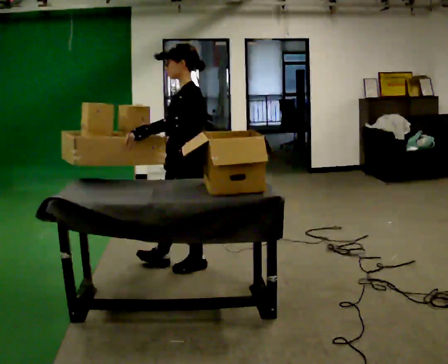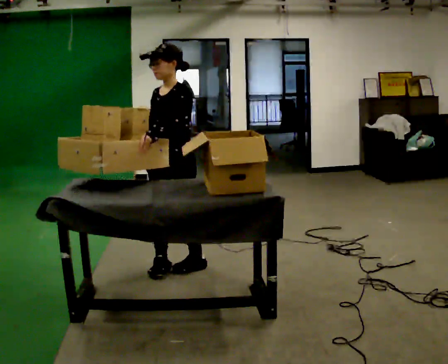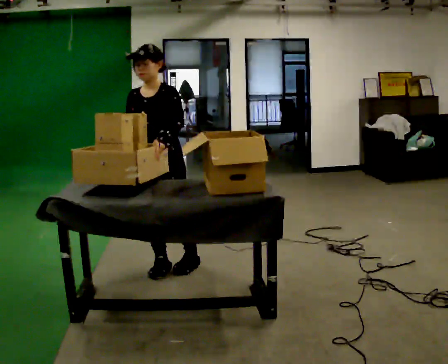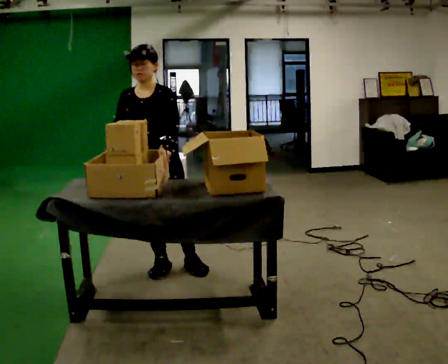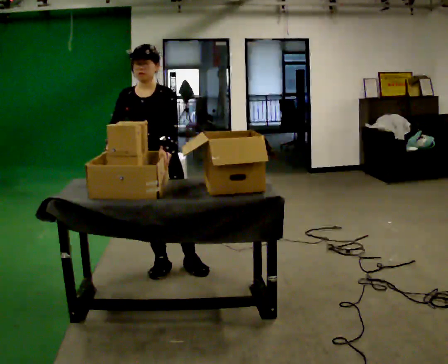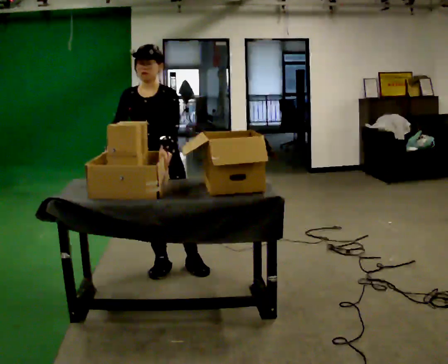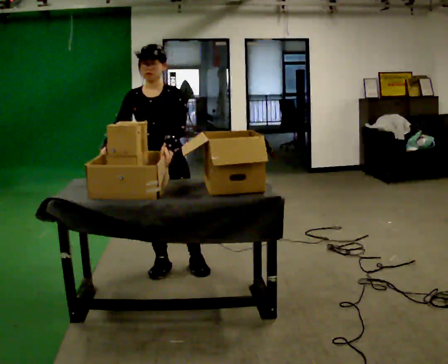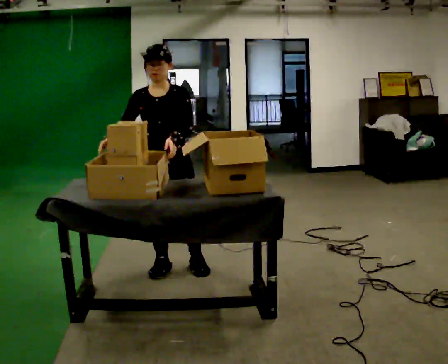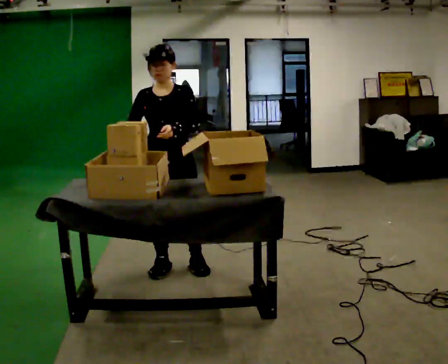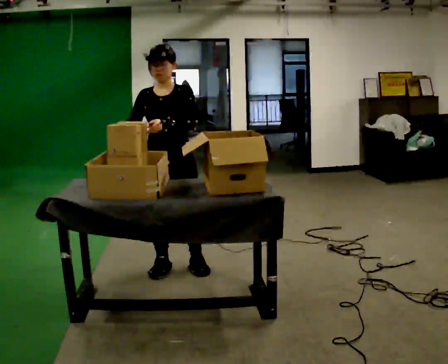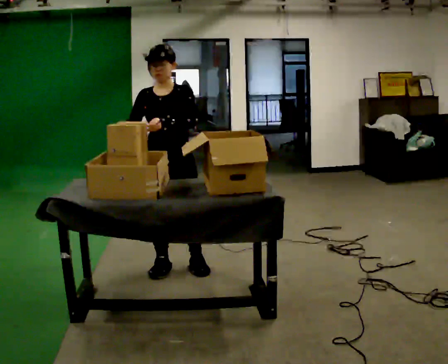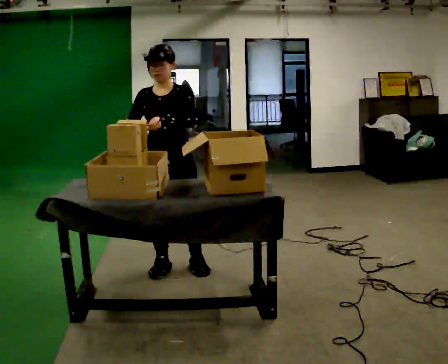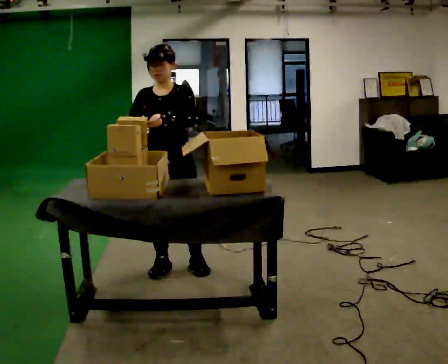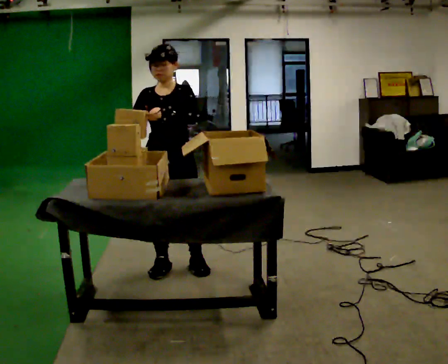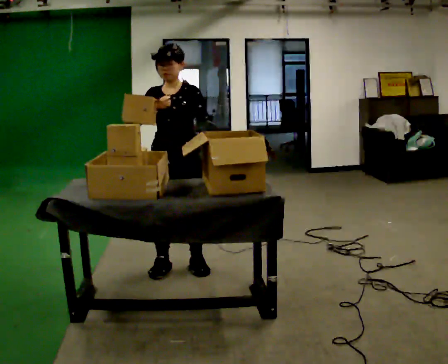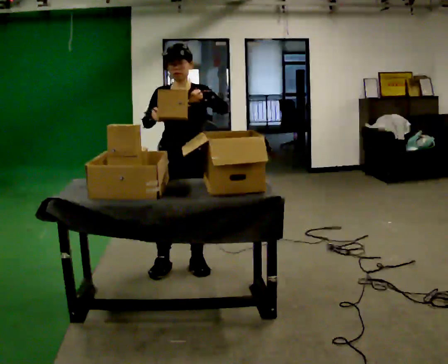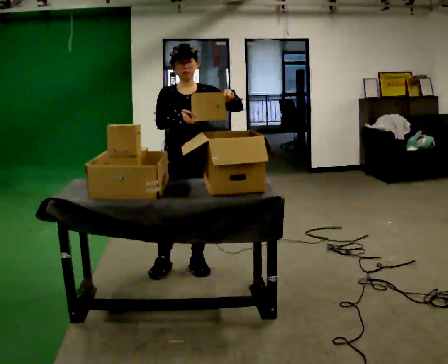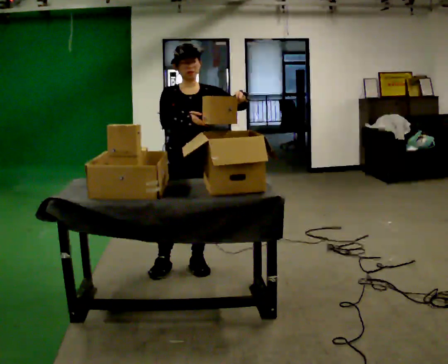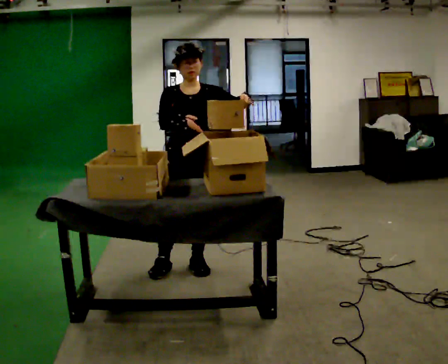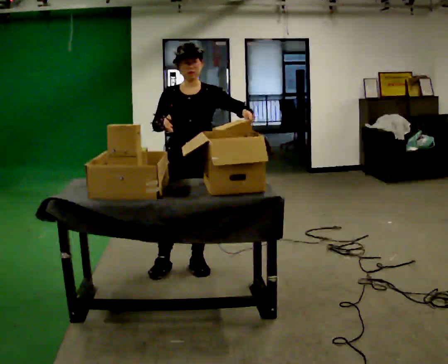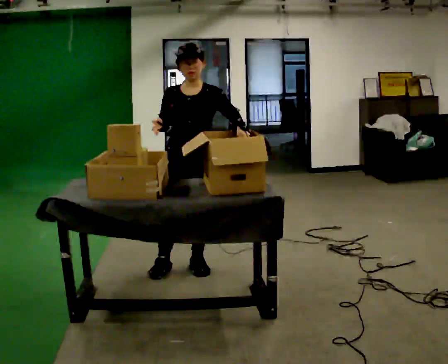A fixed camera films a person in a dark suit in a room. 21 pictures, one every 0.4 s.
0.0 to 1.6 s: The part of the body nearest the lens slides to the right as the person turns to their left by about 75 degrees. In the picture they go to the left, about 0.25 m.
1.6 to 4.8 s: The person moves a little, or ends about where they began.
4.8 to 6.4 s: In the picture their left hand goes to the right.
6.4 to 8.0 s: The person moves a little, or ends about where they began.
The film runs backward here.
